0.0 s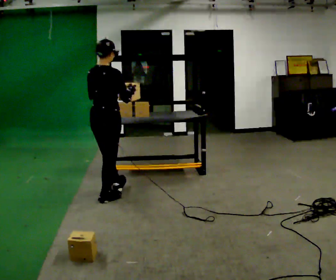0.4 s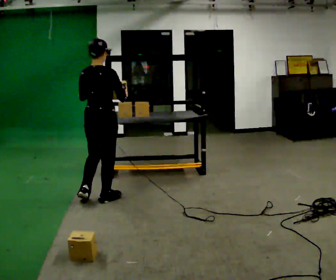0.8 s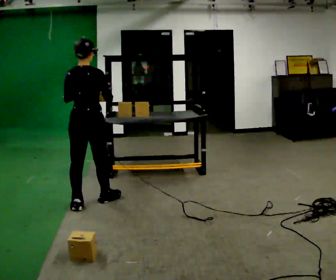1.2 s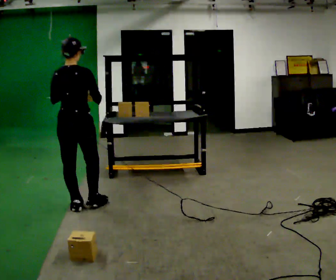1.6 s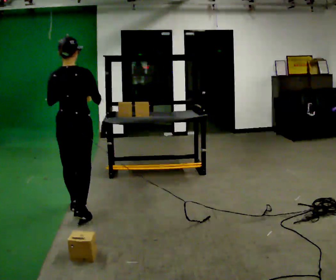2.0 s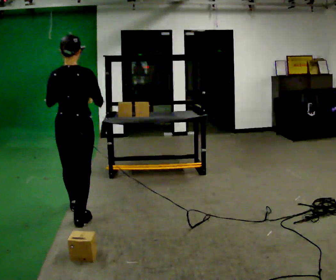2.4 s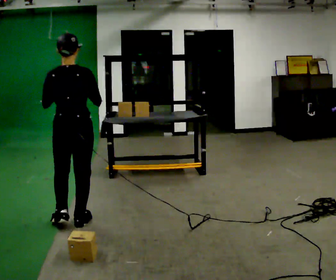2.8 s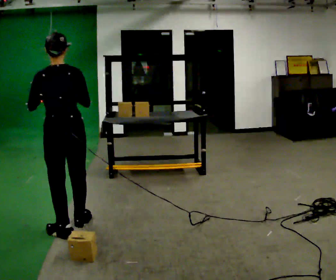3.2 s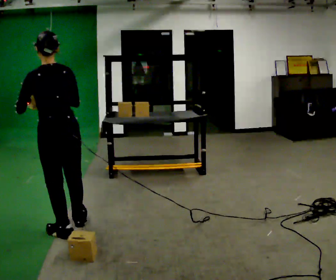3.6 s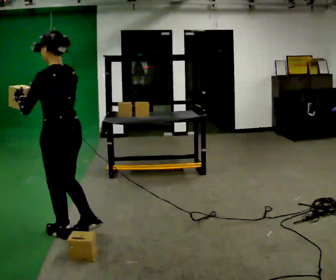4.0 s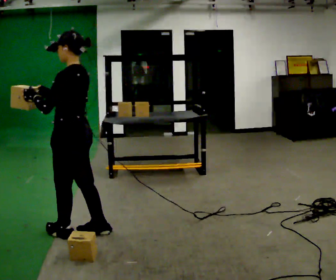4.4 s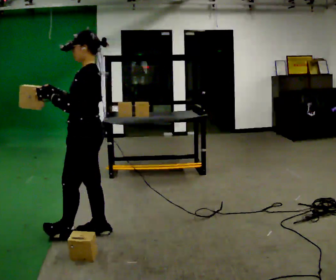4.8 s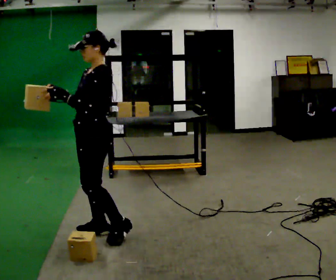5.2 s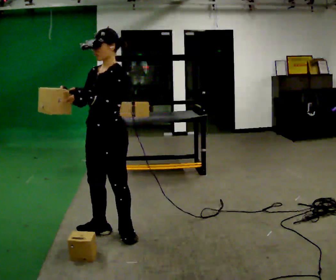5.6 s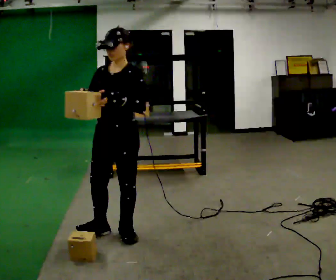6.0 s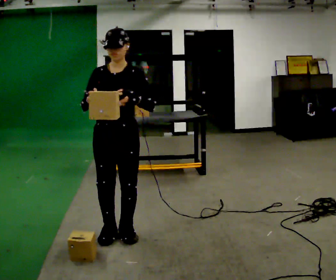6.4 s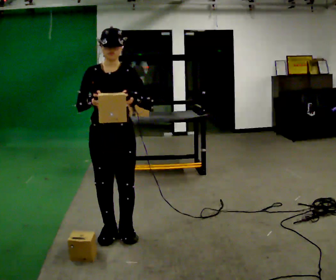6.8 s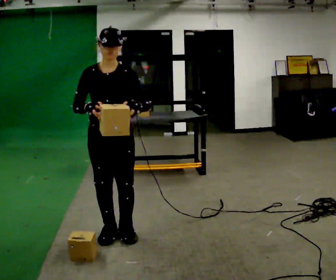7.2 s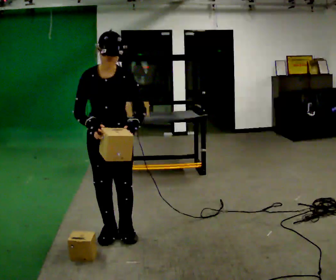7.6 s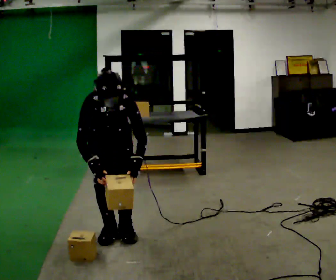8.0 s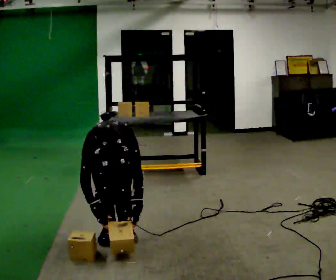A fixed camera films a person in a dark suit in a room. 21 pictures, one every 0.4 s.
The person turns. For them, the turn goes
to their left.
The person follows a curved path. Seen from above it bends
counterclockwise.
0.0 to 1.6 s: The part of the body nearest the lens slides to the right as the person turns to their left by about 30 degrees. In the picture they go toward the camera and to the left, about 0.5 m in 2 steps, which for them is backward.
1.6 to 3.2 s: The person turns about 45 degrees to their left, counterclockwise seen from above, so the part of the body nearest the lens slides to the right. In the picture they go toward the camera, about 0.5 m in 1 step, which for them is backward.
3.2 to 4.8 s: The part of the body nearest the lens slides to the right as the person turns to their left by about 75 degrees. In the picture they go to the right, about 0.25 m in 2 steps. In the picture the upper body tilts clockwise, shoulders to the right.
4.8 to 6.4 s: The person turns about 75 degrees to their left, counterclockwise seen from above, so the part of the body nearest the lens slides to the right. In the picture their left hand goes to the right.
6.4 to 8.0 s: In the picture they go away from the camera, about 0.25 m, which for them is backward. The shoulders move downward. The upper body tips toward the camera, its near side rolling downward, as they bend forward. In the picture their left hand goes downward.
The film runs backward here.
